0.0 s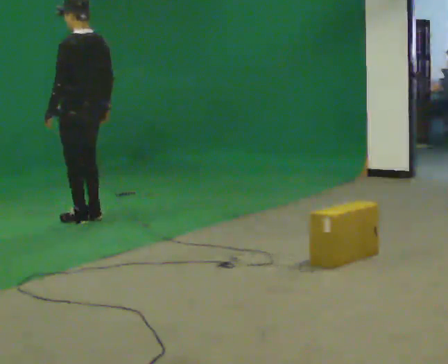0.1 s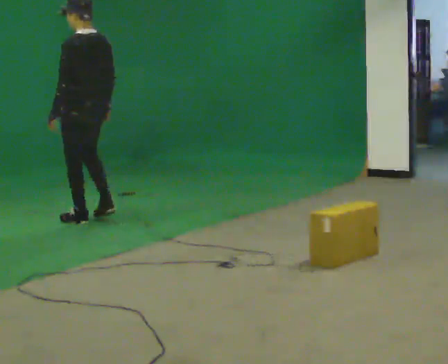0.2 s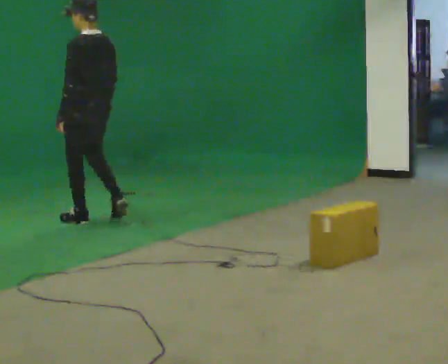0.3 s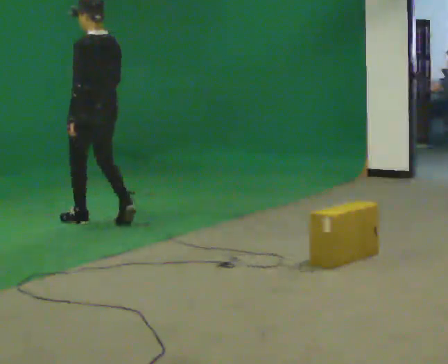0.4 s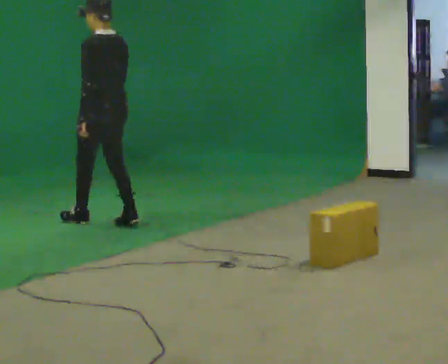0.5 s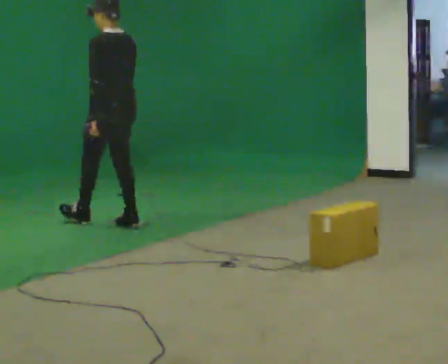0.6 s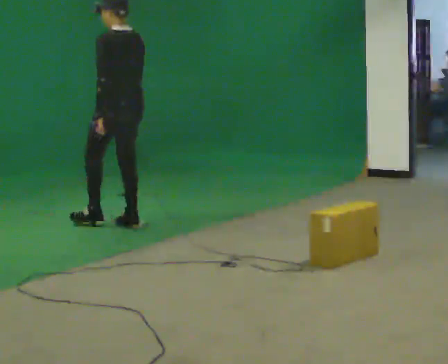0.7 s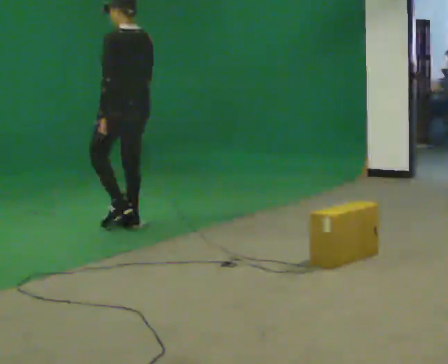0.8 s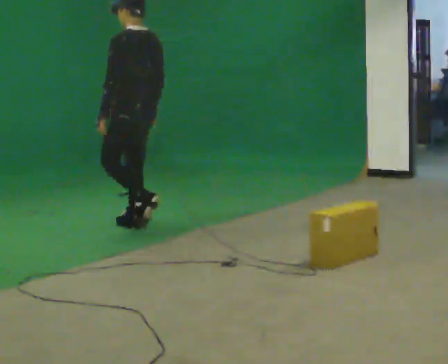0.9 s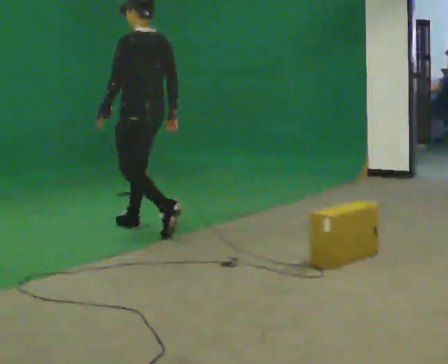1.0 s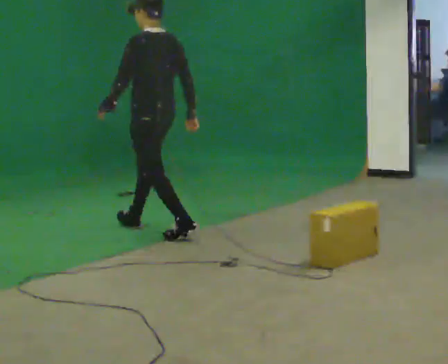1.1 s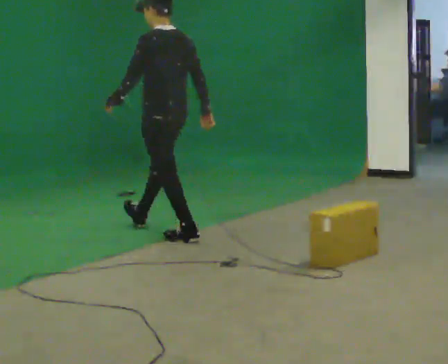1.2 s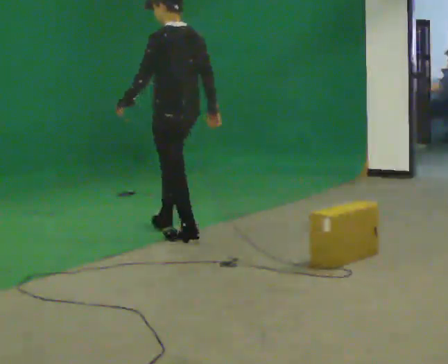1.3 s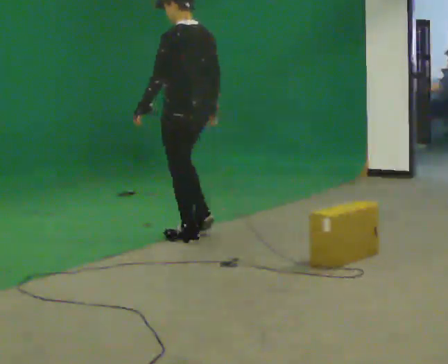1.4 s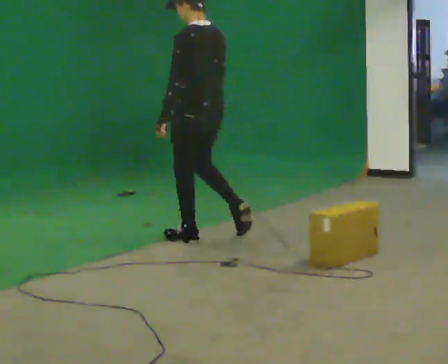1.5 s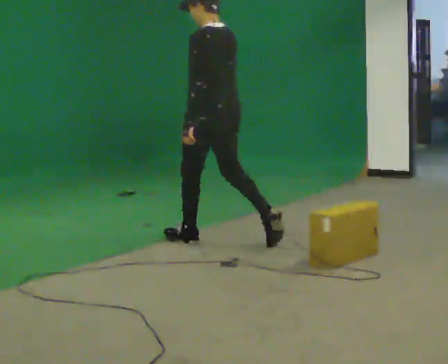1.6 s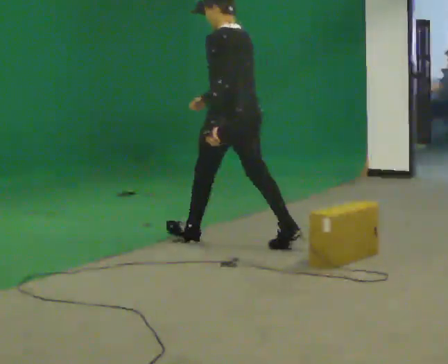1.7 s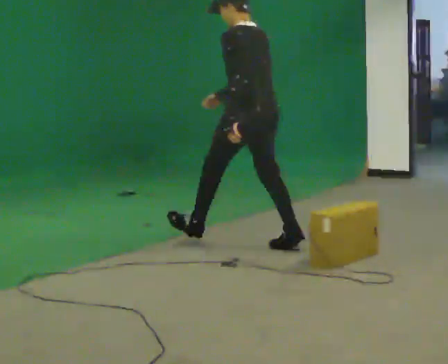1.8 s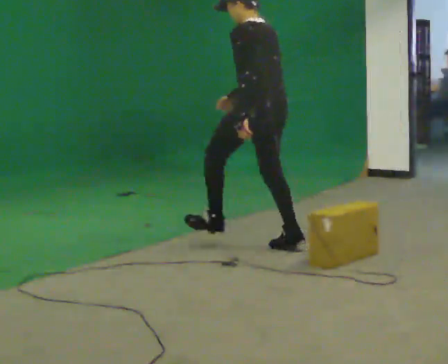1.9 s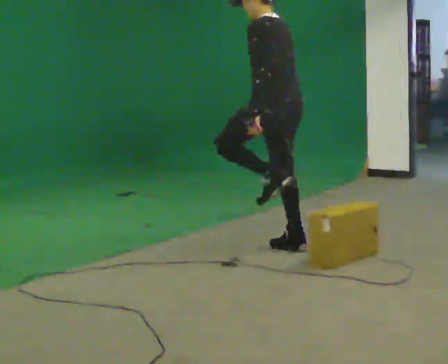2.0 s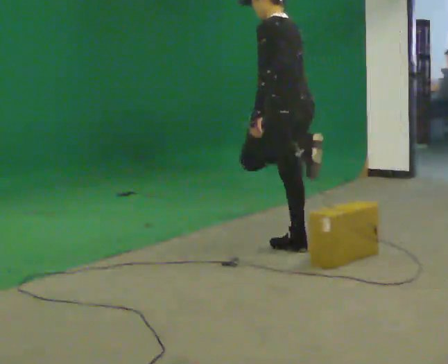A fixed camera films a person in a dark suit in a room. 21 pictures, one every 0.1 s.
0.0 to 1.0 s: In the picture they go to the right and toward the camera, about 0.5 m in 1 step, which for them is backward.
1.0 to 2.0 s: In the picture they go to the right and toward the camera, about 1 m in 2 steps, which for them is backward.
The film runs backward here.
